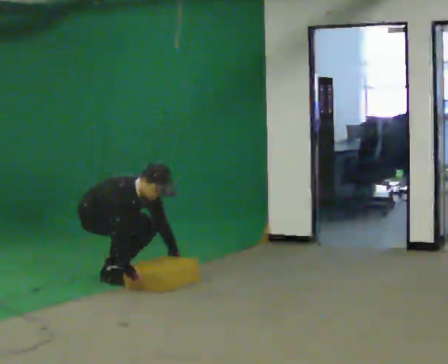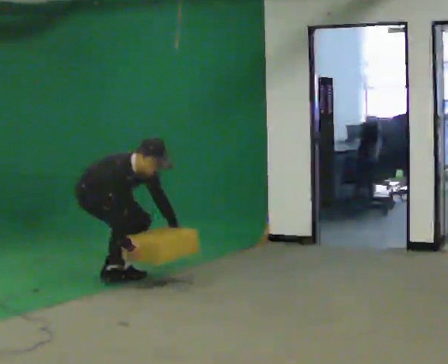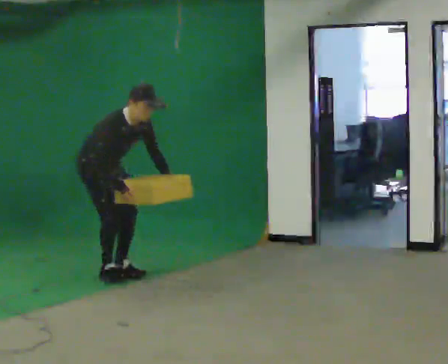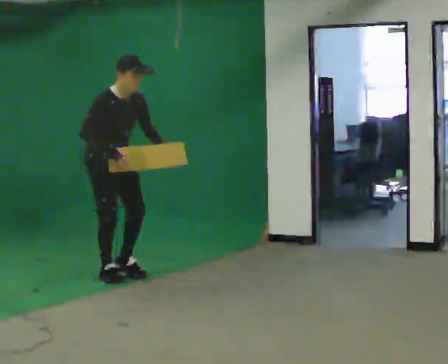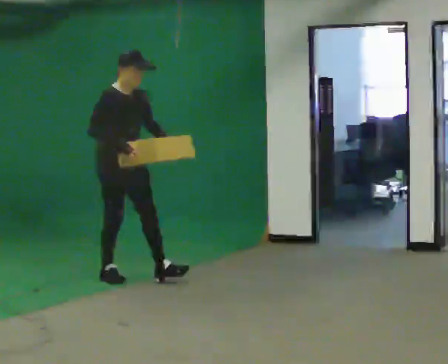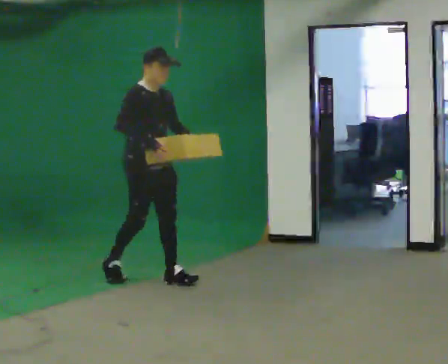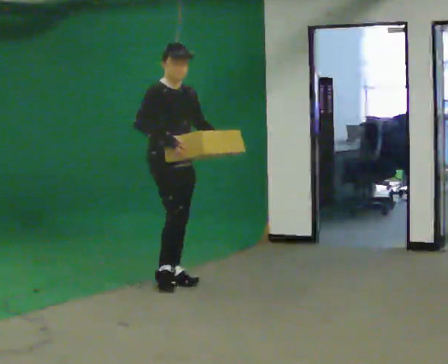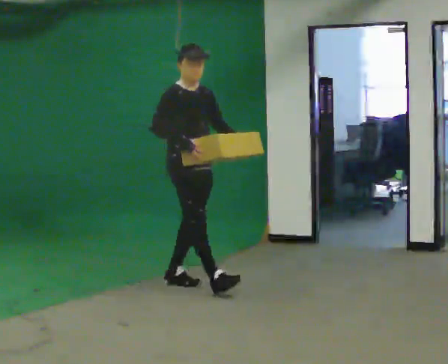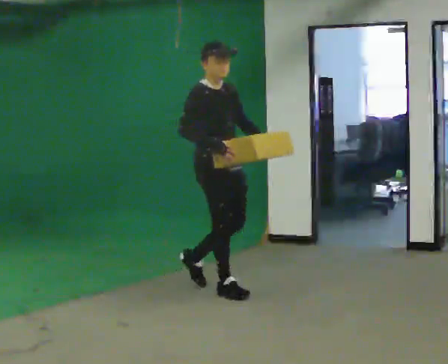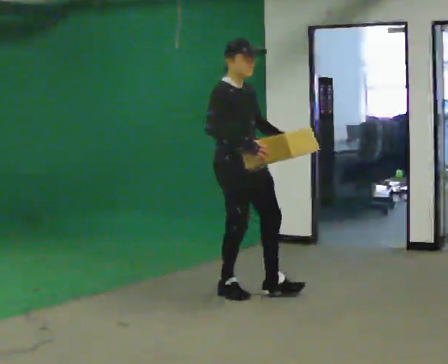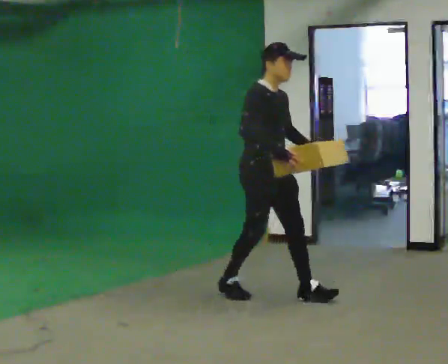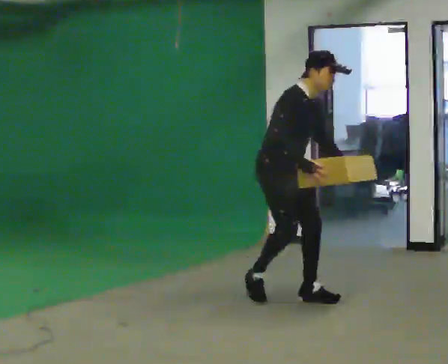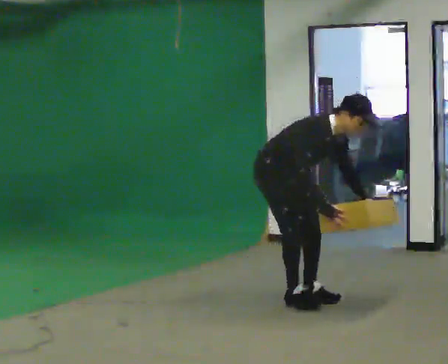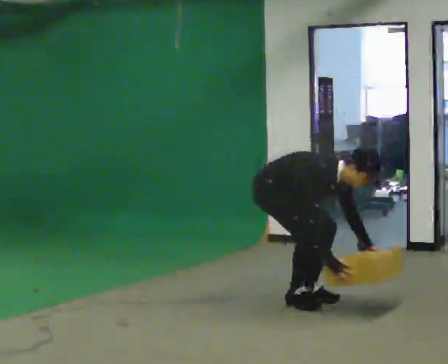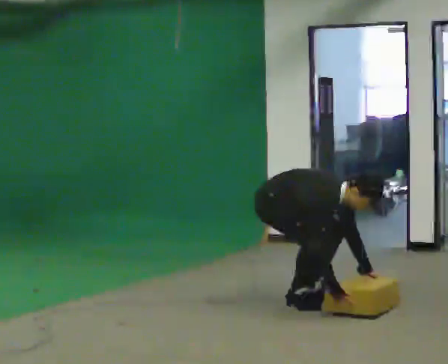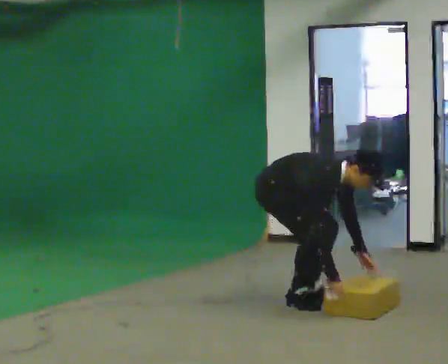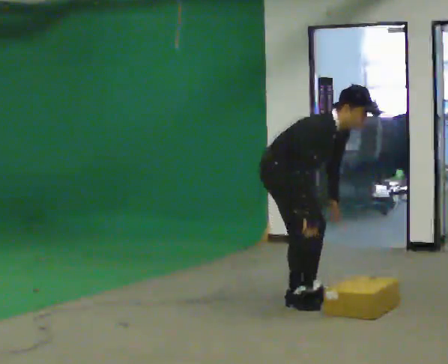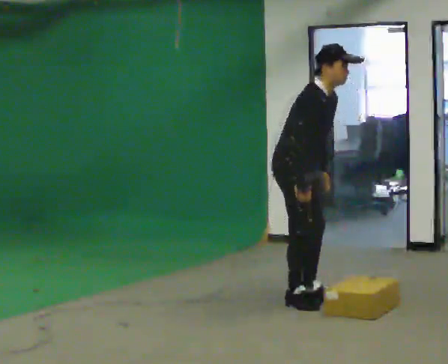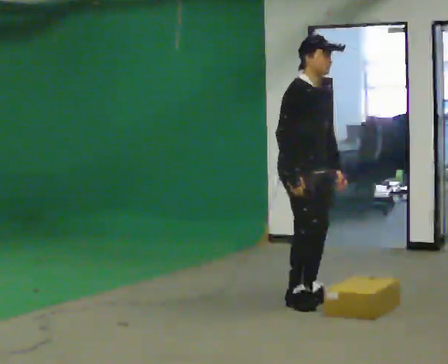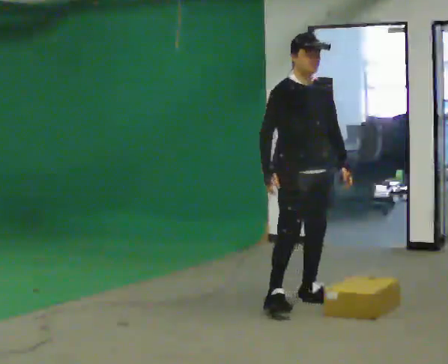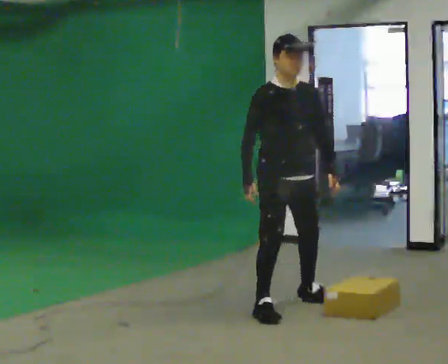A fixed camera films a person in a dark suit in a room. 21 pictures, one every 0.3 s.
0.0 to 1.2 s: In the picture they go to the right, about 0.25 m, which for them is forward. The shoulders move upward. In the picture the upper body tilts counterclockwise, shoulders to the left, as they lean back or straighten. In the picture their right hand goes upward.
1.2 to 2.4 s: In the picture they go to the right and toward the camera, about 1 m in 2 steps, which for them is forward.
2.4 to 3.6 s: In the picture they go to the right and toward the camera, about 0.5 m in 2 steps, which for them is forward. The shoulders move downward. In the picture the upper body tilts clockwise, shoulders to the right, as they bend forward. In the picture their left hand goes downward.
3.6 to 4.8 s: The person moves a little, or ends about where they began.
4.8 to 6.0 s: The part of the body nearest the lens slides to the left as the person turns to their right by about 30 degrees. In the picture they go toward the camera, about 0.25 m in 1 step, which for them is to their right and forward. The shoulders move upward. In the picture the upper body tilts counterclockwise, shoulders to the left, as they lean back or straighten.
The film runs forward here.
